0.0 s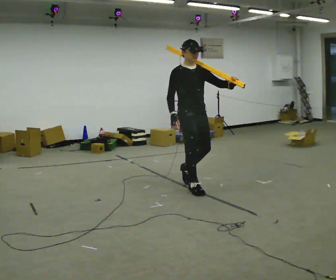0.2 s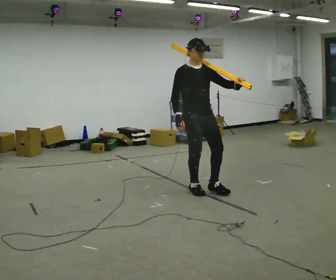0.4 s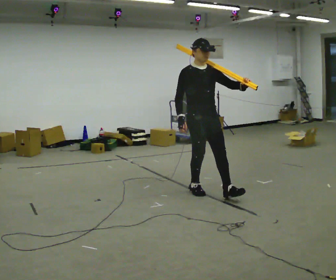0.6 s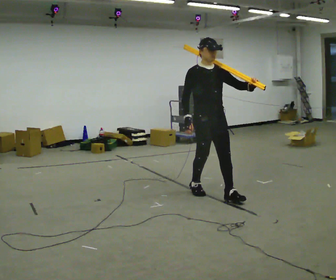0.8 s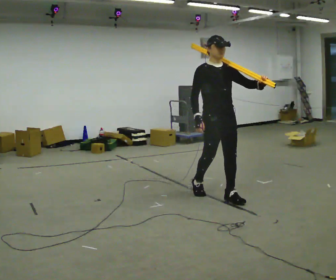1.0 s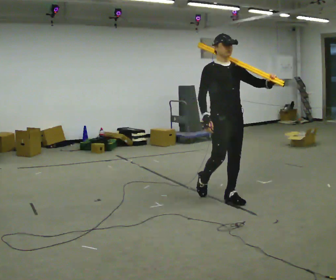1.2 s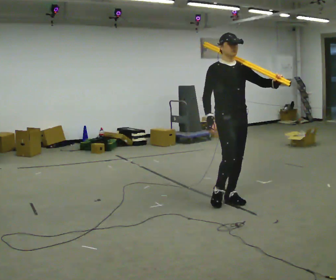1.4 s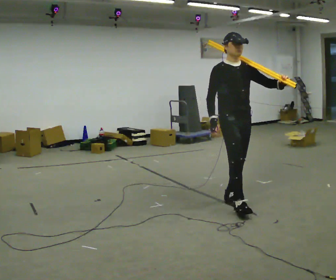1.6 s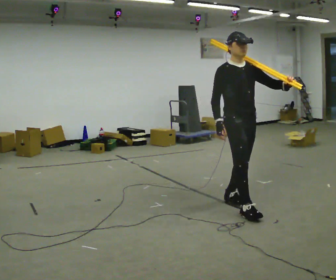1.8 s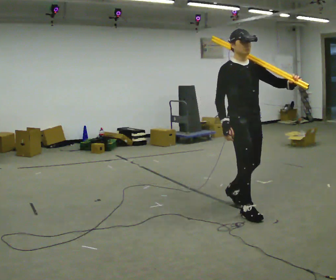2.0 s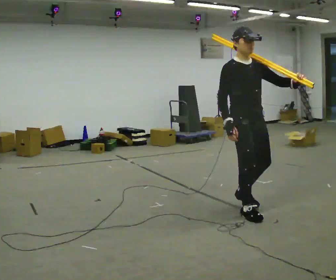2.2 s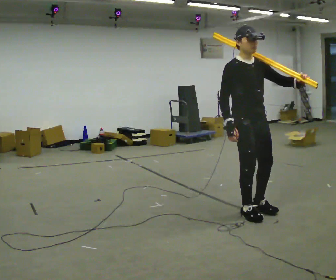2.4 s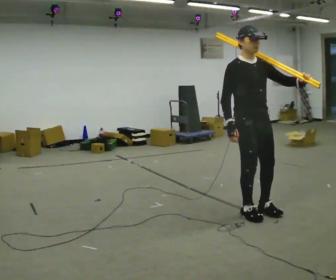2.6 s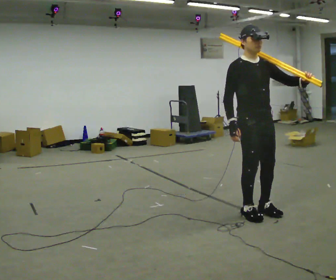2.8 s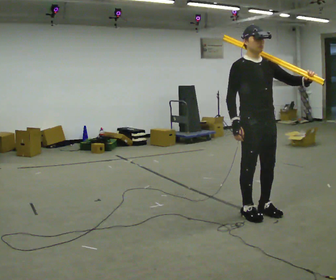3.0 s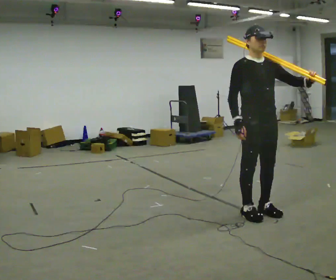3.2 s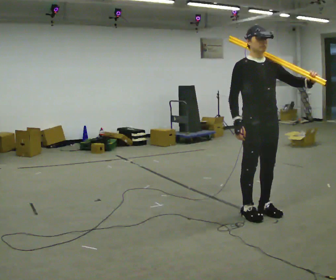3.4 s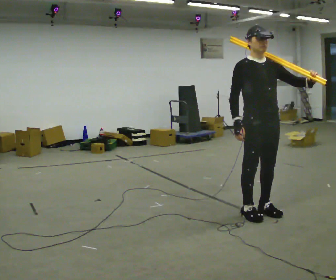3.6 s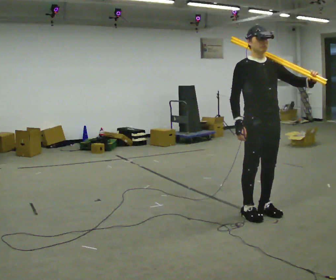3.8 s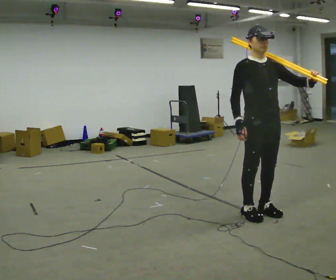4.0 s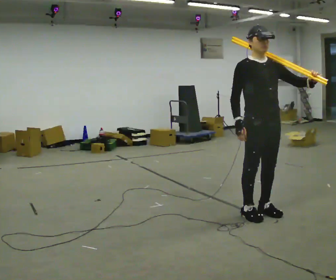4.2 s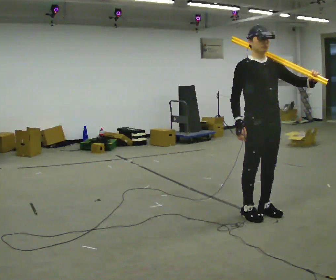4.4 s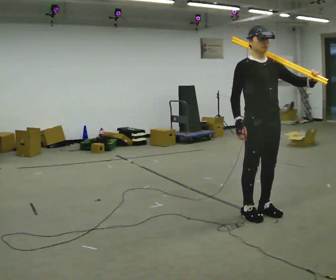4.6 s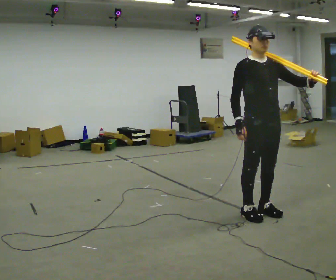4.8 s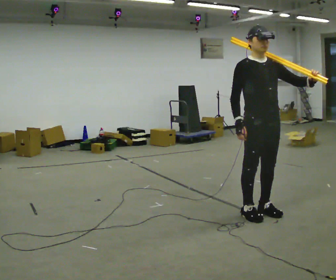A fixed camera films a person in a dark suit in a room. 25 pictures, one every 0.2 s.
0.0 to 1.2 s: In the picture they go to the right and toward the camera, about 0.5 m in 1 step, which for them is forward.
1.2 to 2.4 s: In the picture they go toward the camera and to the right, about 0.5 m in 2 steps, which for them is forward.
2.4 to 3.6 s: The person moves a little, or ends about where they began.
3.6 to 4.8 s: The person keeps their place and pose.
The film runs forward here.
